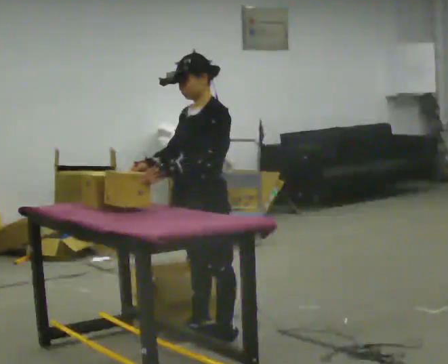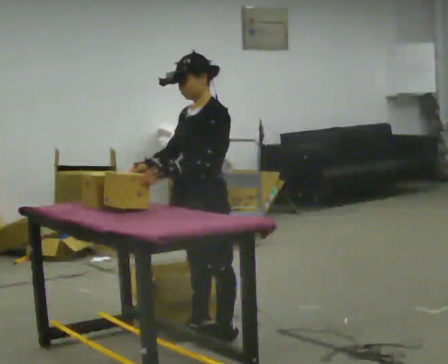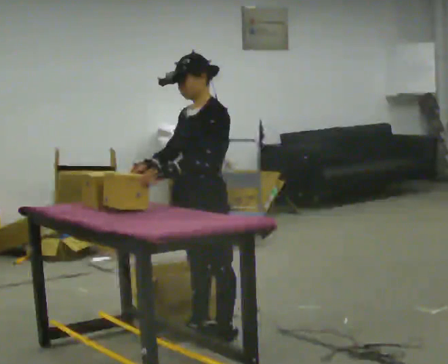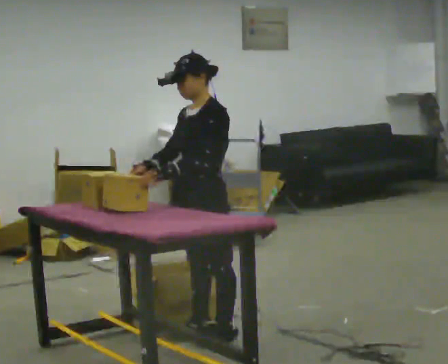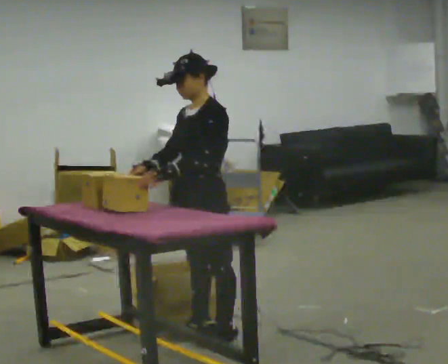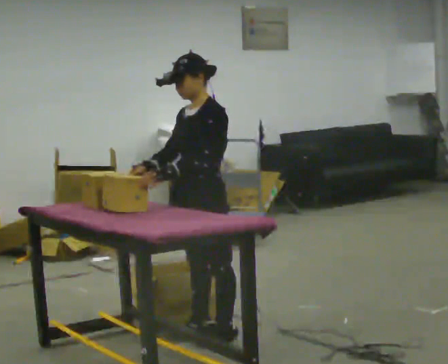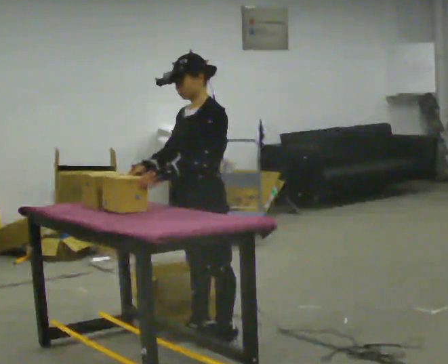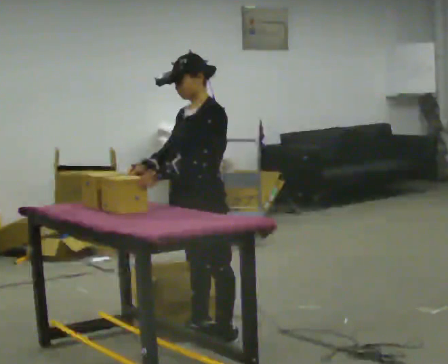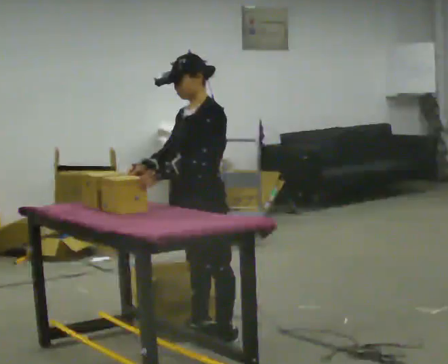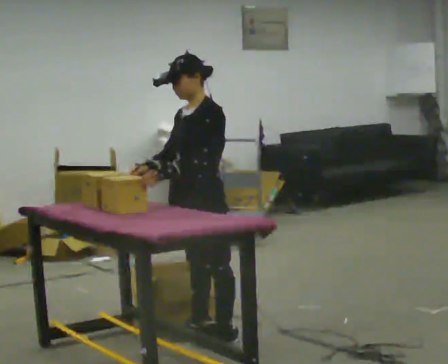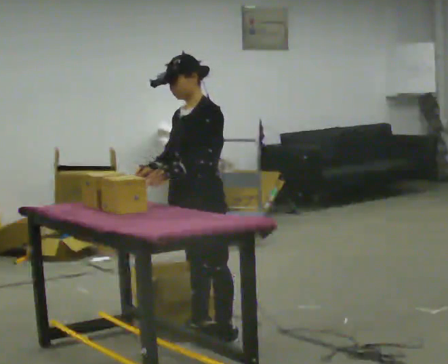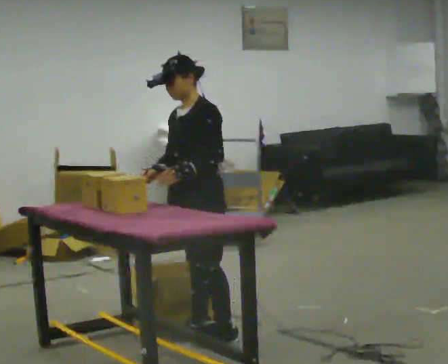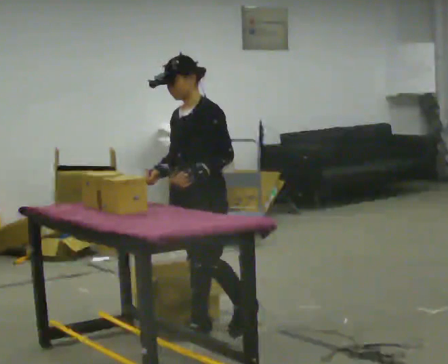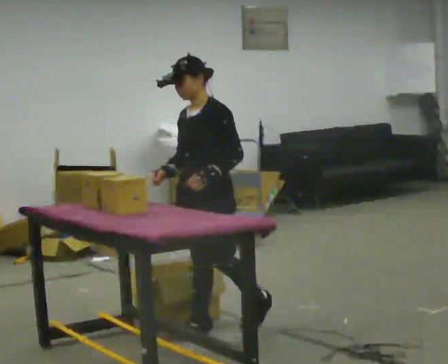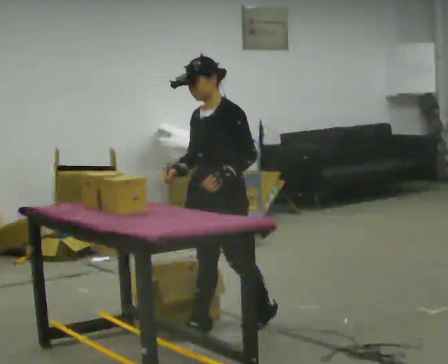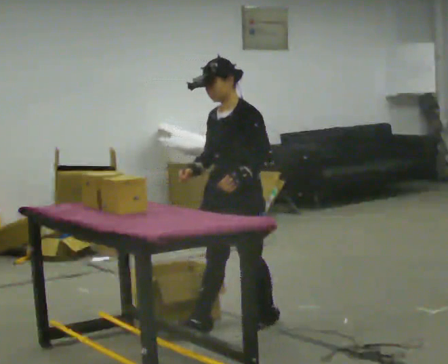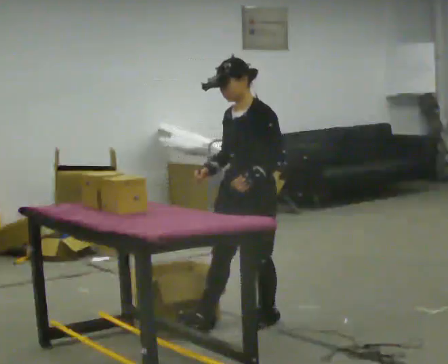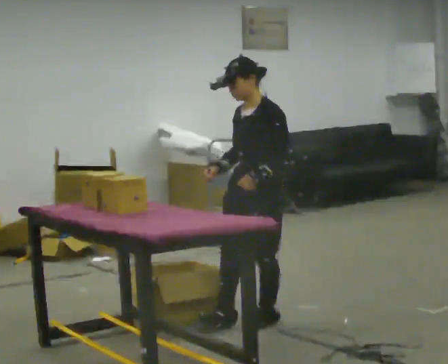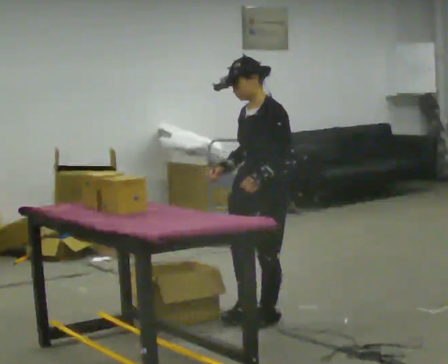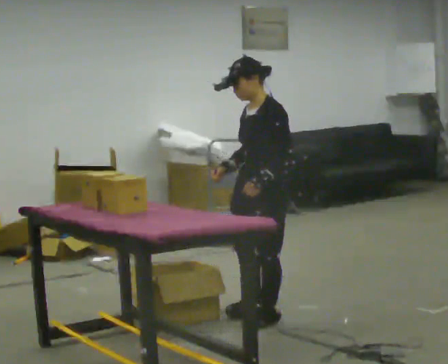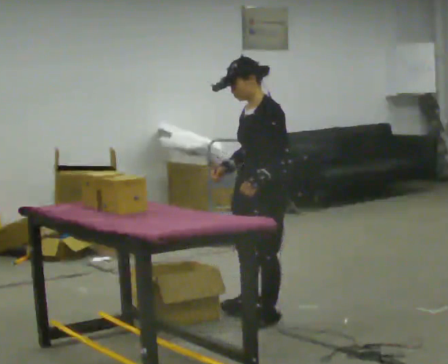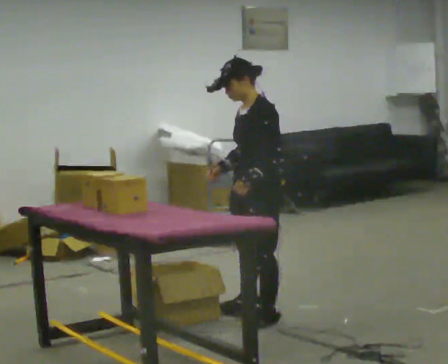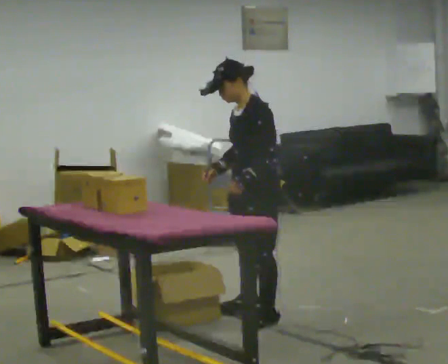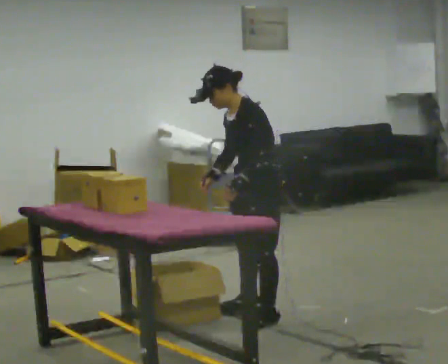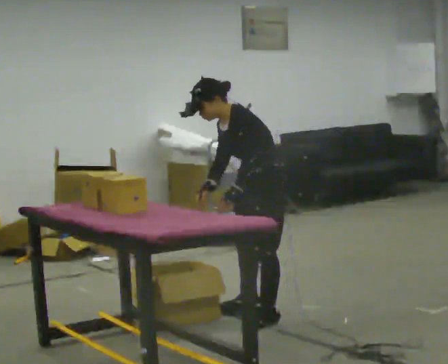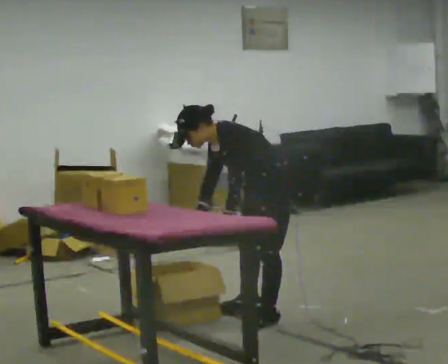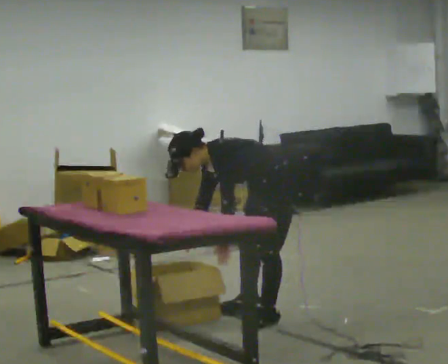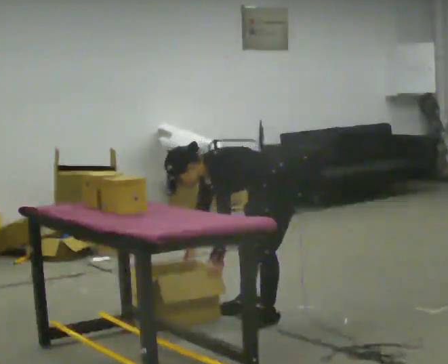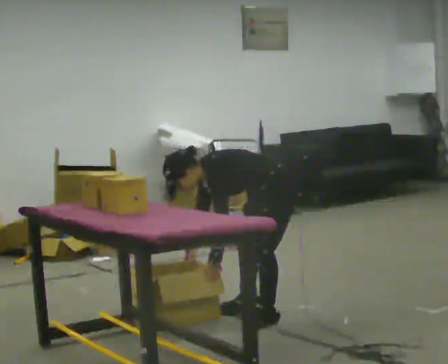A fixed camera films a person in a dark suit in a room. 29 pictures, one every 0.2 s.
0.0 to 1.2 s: The person keeps their place and pose.
1.2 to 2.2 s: The person moves a little, or ends about where they began.
2.2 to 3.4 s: In the picture they go to the right, about 0.5 m in 1 step, which for them is backward.
3.4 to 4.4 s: In the picture they go away from the camera, about 0.25 m in 1 step, which for them is to their right.
4.4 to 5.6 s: The shoulders move downward. In the picture the upper body tilts counterclockwise, shoulders to the left, as they bend forward. In the picture their left hand goes downward.
The film runs forward here.
